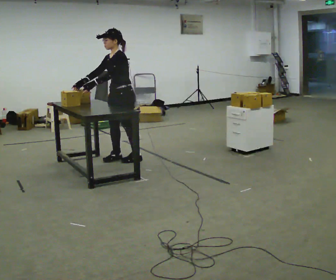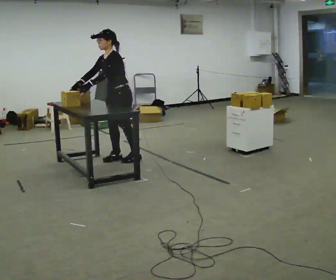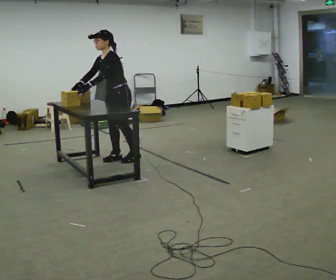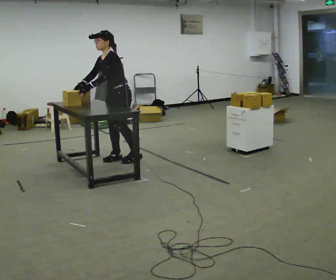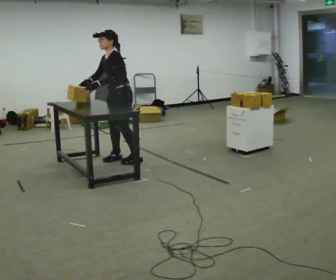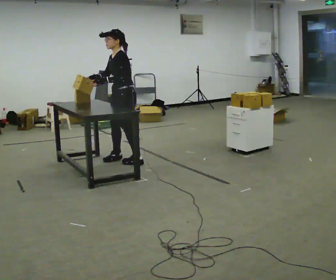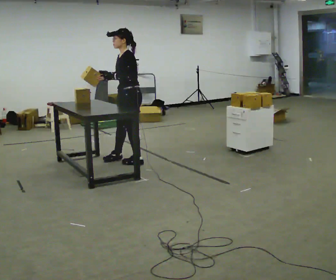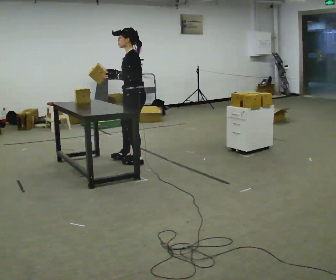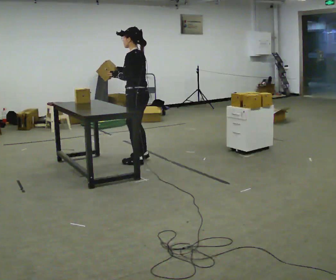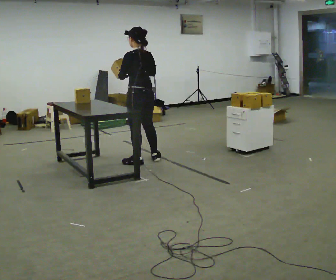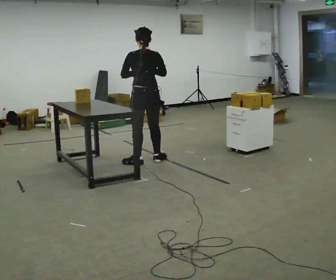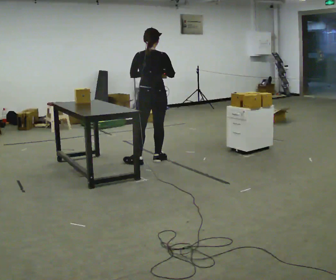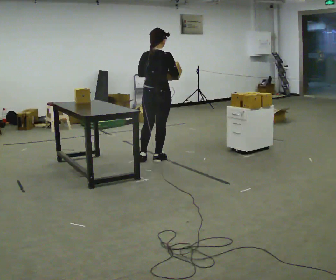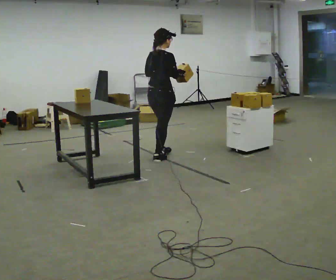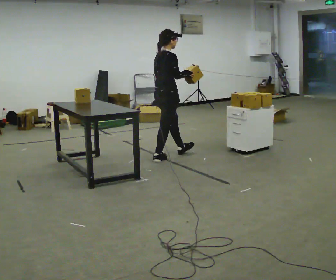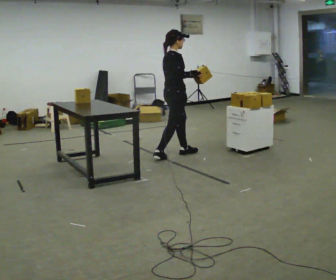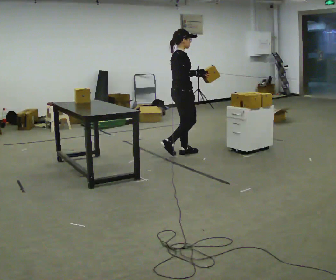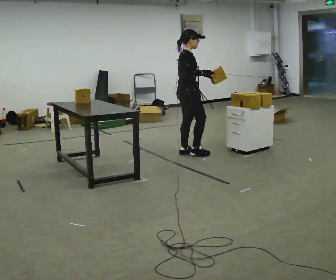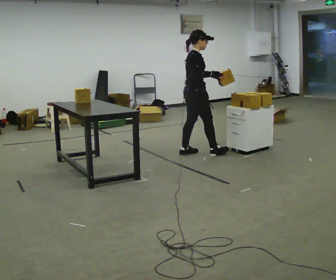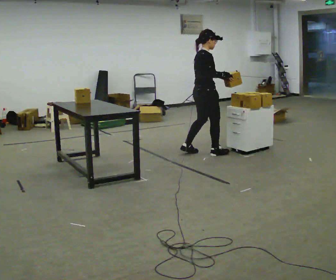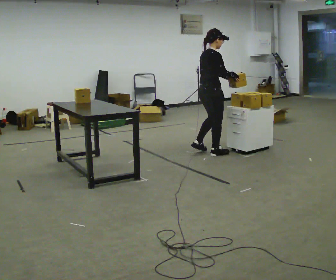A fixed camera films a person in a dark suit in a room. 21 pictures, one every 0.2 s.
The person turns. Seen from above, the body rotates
clockwise.
The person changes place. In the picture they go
to the right.
0.0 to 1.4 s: The part of the body nearest the lens slides to the left as the person turns to their right by about 30 degrees. In the picture they go to the right, about 0.25 m, which for them is to their left. In the picture their right hand goes to the right.
1.4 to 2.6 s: The person turns about 135 degrees to their right, clockwise seen from above, so the part of the body nearest the lens slides to the left. In the picture they go to the right, about 0.25 m in 1 step.
2.6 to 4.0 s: Seen from above the body turns clockwise, about 30 degrees: to their right, with its near side sliding to the left. In the picture they go to the right, about 0.75 m in 2 steps, which for them is forward.
The film runs forward here.
